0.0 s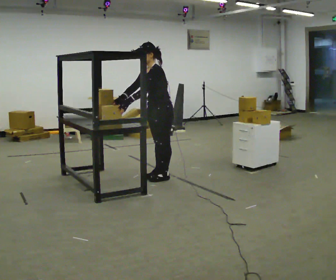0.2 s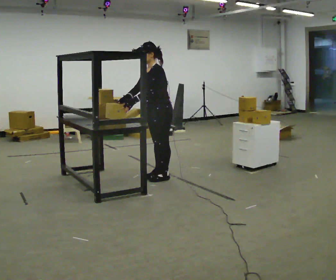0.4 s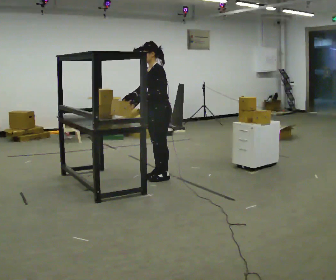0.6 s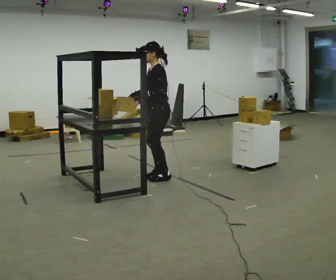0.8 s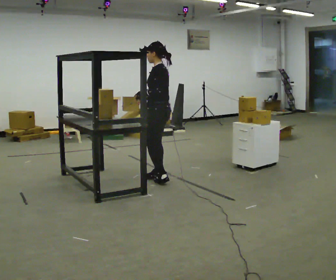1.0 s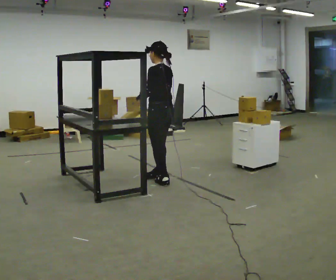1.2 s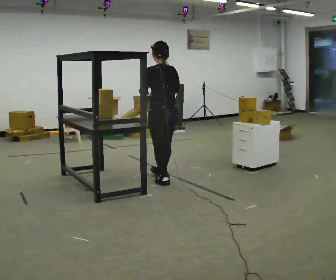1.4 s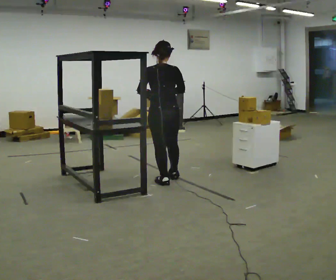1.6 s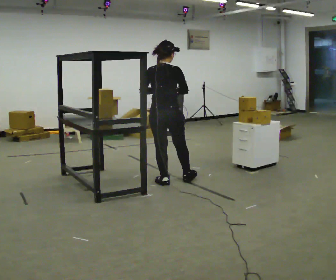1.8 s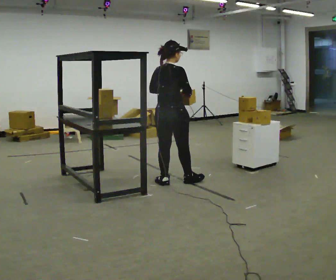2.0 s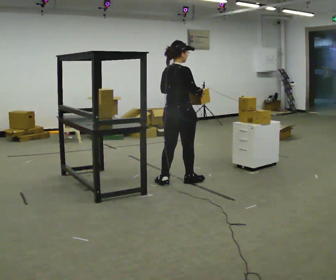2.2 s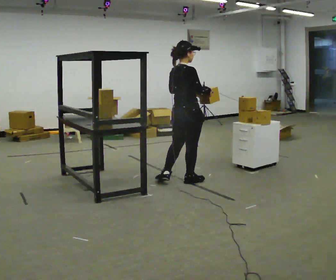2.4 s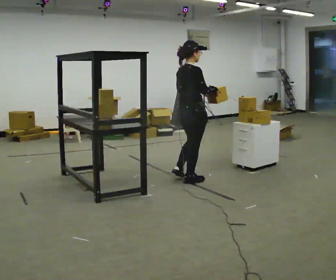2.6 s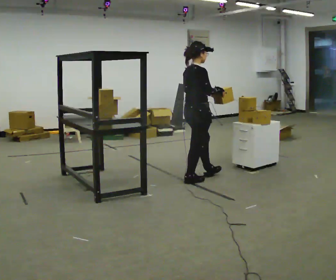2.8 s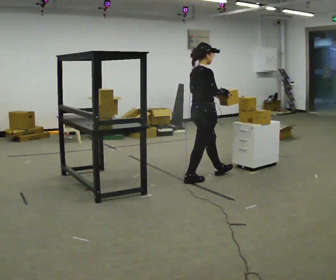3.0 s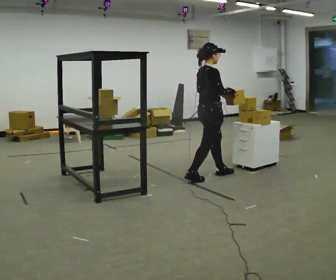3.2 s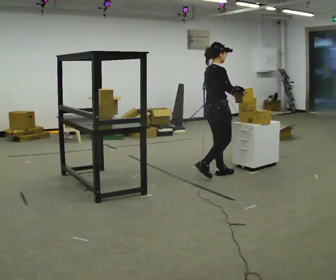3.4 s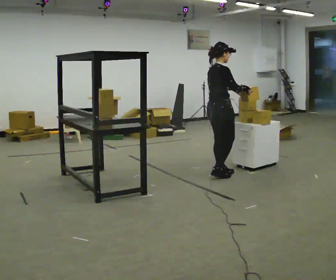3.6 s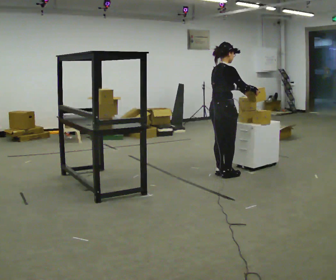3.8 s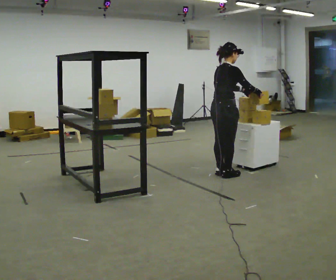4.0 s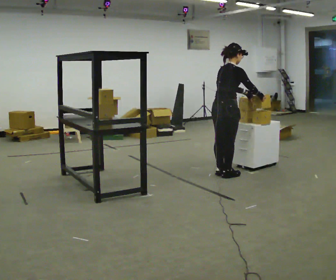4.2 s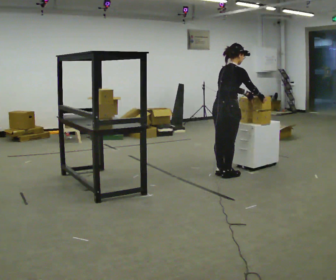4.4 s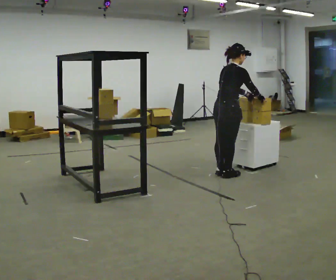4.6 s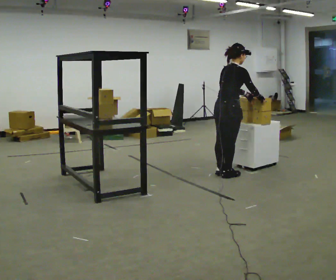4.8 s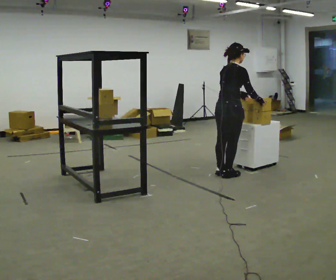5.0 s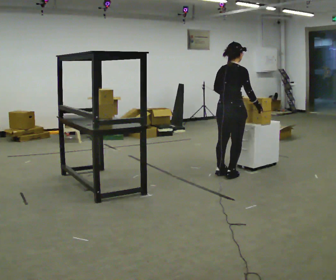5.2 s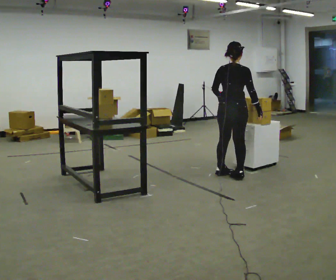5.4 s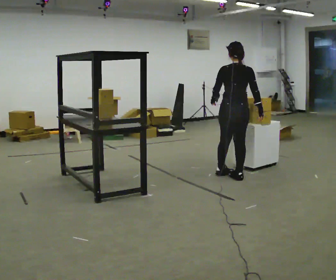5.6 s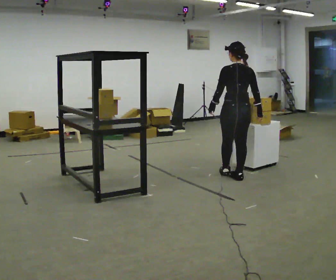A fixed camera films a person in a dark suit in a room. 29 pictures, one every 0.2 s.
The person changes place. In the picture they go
to the right.
0.0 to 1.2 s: The person turns about 90 degrees to their right, clockwise seen from above, so the part of the body nearest the lens slides to the left. In the picture they go toward the camera, about 0.25 m in 1 step. In the picture their right hand goes to the right.
1.2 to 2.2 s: The part of the body nearest the lens slides to the left as the person turns to their right by about 90 degrees. In the picture they go to the right, about 0.25 m in 1 step. In the picture their left hand goes to the right.
2.2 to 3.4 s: In the picture they go to the right and away from the camera, about 0.5 m in 1 step, which for them is forward.
3.4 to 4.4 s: In the picture the upper body tilts clockwise, shoulders to the right, as they bend forward.
4.4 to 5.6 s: The person turns about 60 degrees to their left, counterclockwise seen from above, so the part of the body nearest the lens slides to the right. In the picture the upper body tilts counterclockwise, shoulders to the left. In the picture their left hand goes to the left.
The film runs forward here.
